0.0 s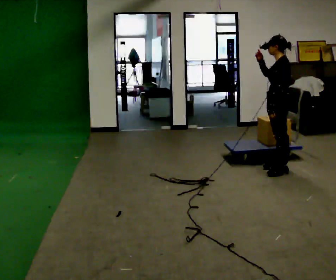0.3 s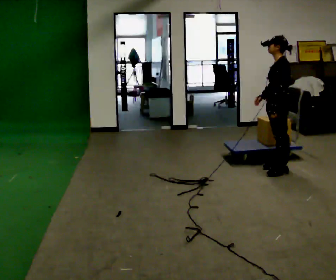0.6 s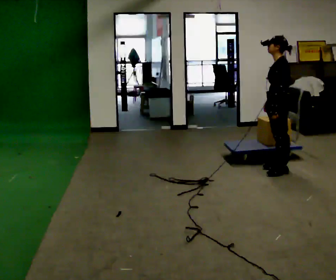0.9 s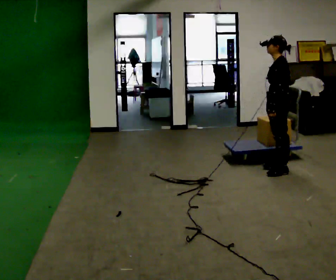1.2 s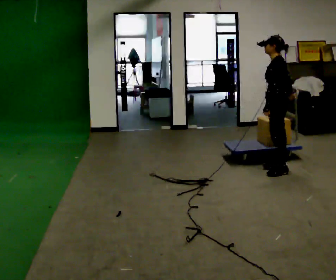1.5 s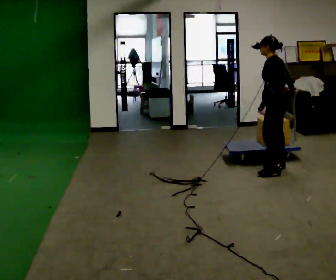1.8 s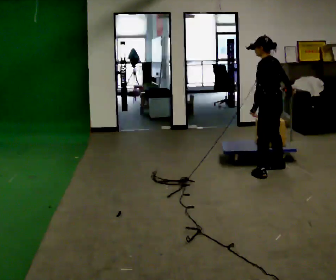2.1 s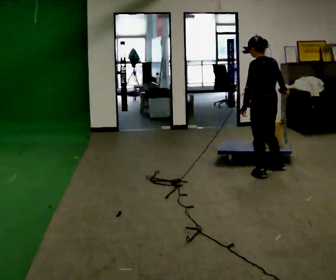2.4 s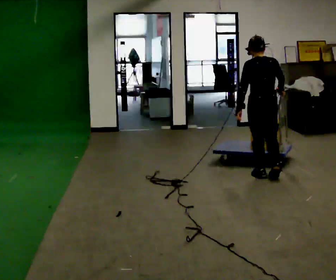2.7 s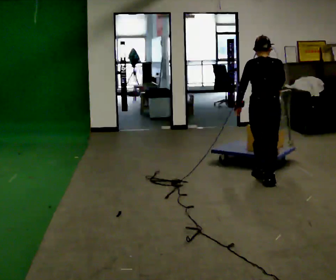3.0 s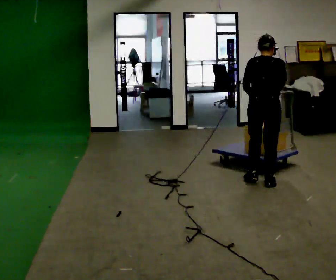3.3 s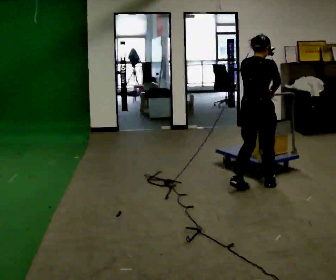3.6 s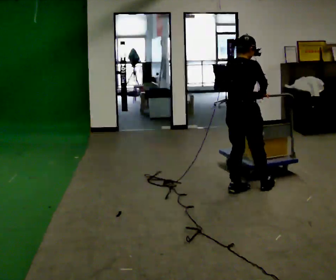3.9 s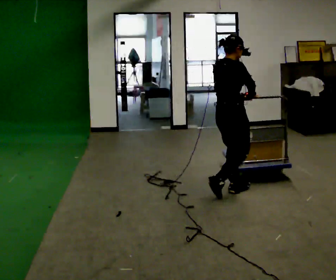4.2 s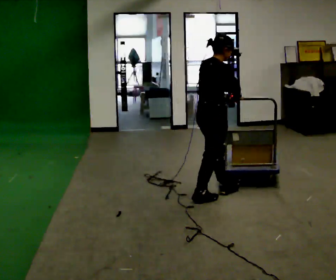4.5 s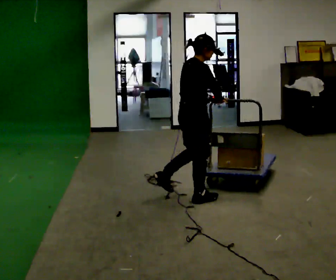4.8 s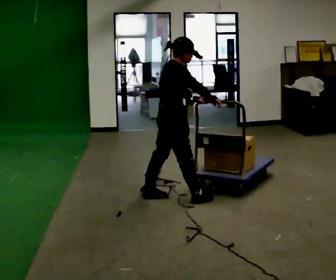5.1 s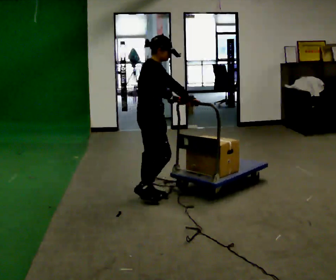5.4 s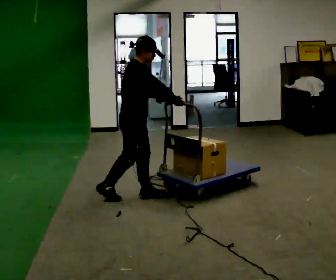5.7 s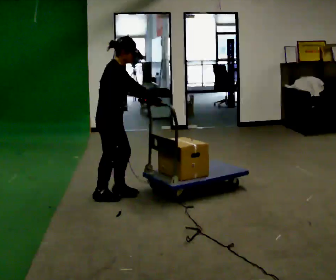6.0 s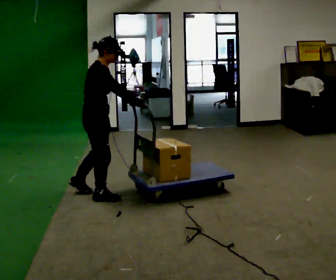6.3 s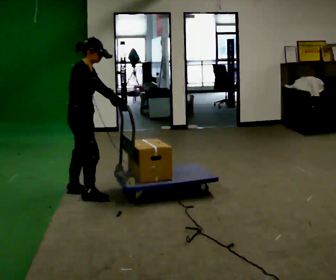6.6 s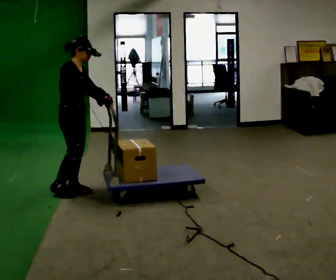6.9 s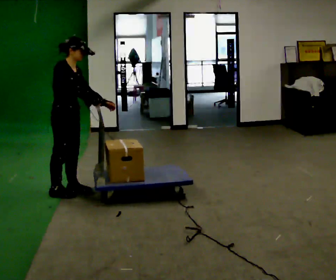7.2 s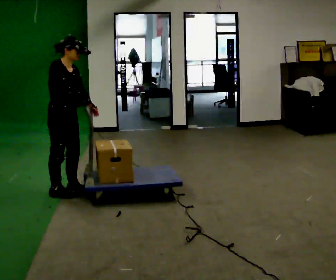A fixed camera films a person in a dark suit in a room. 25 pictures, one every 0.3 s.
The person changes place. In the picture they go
to the left.
The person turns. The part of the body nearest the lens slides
to the left.
0.0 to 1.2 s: In the picture their right hand goes downward and to the right.
1.2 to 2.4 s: Seen from above the body turns clockwise, about 60 degrees: to their right, with its near side sliding to the left. In the picture they go toward the camera and to the left, about 0.25 m in 2 steps.
2.4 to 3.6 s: The person turns about 60 degrees to their right, clockwise seen from above, so the part of the body nearest the lens slides to the left. In the picture they go toward the camera and to the left, about 0.5 m in 2 steps, which for them is backward and to their left.
3.6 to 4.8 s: The person turns about 30 degrees to their right, clockwise seen from above, so the part of the body nearest the lens slides to the left. In the picture they go to the left and toward the camera, about 0.75 m in 1 step, which for them is backward.
4.8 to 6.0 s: In the picture they go to the left, about 0.75 m in 2 steps, which for them is backward.
6.0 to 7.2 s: In the picture they go to the left, about 0.25 m in 1 step, which for them is backward.
The film runs backward here.
